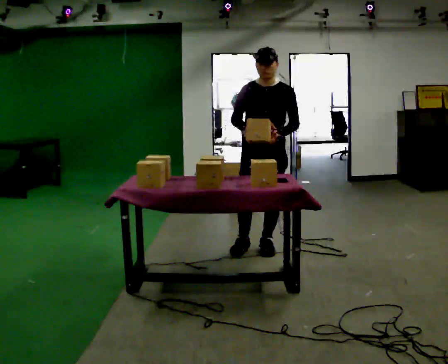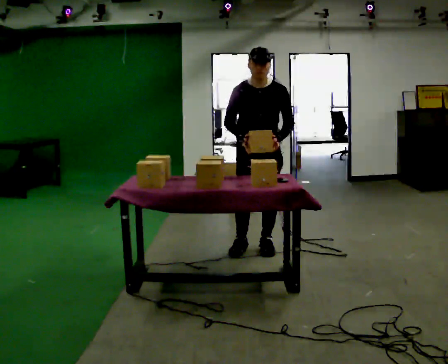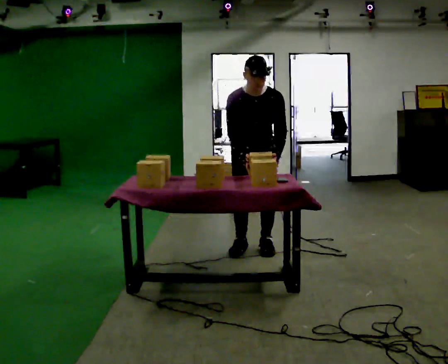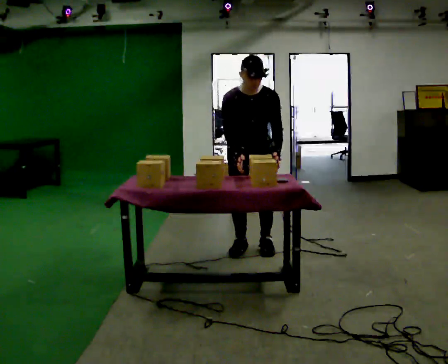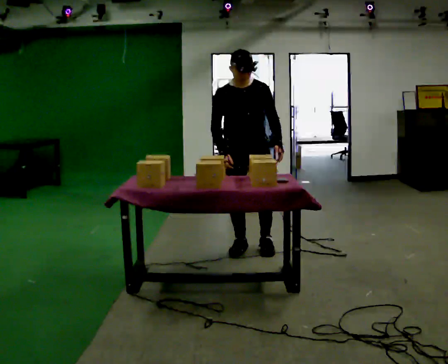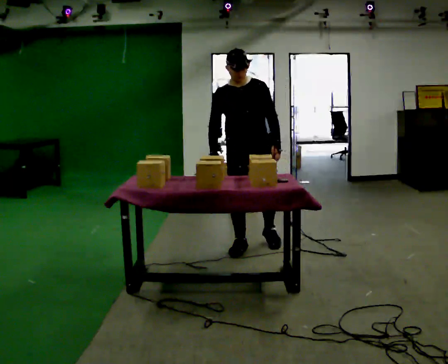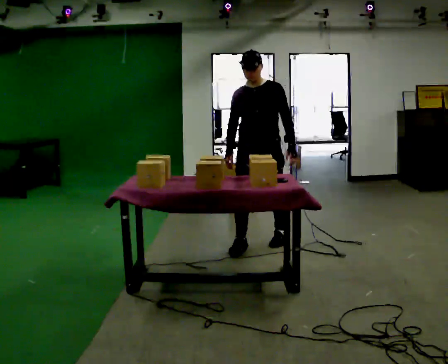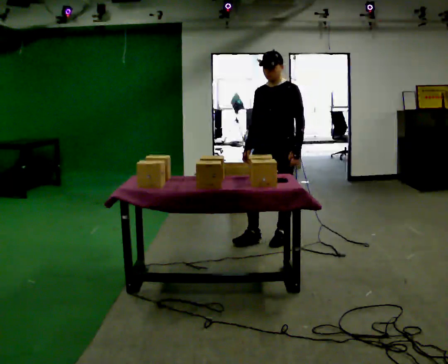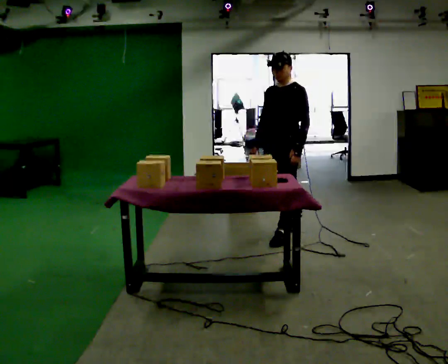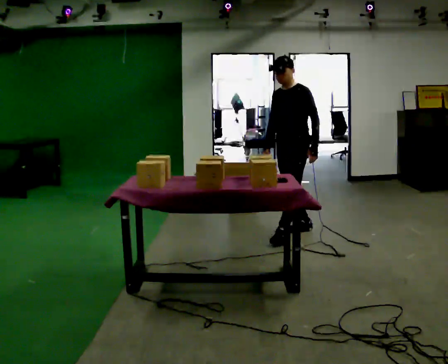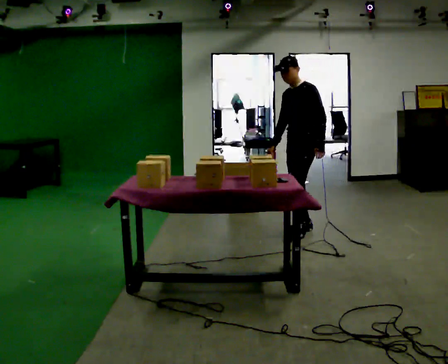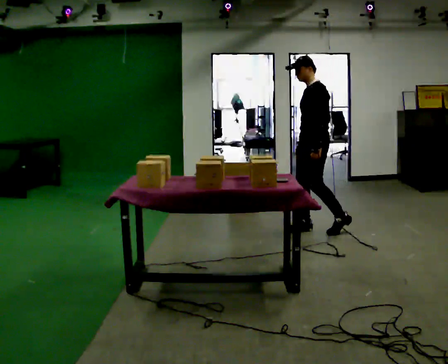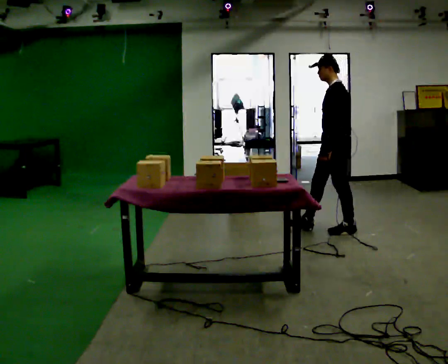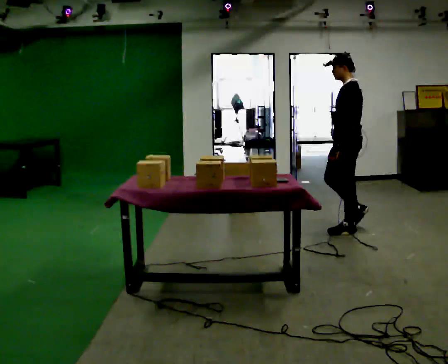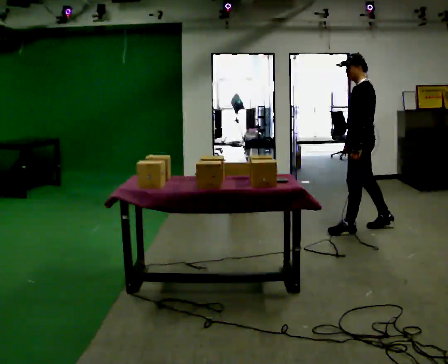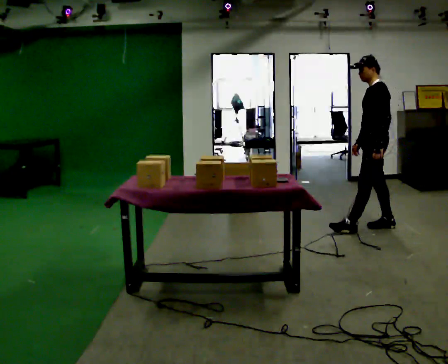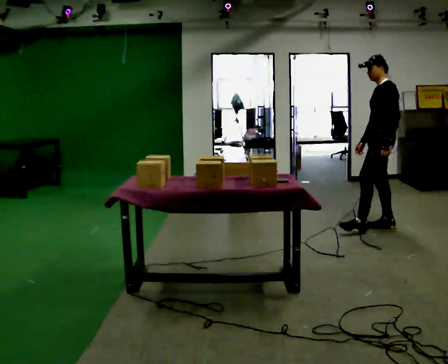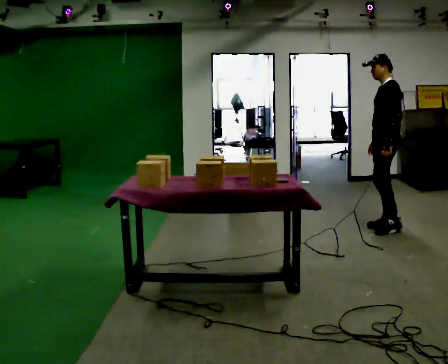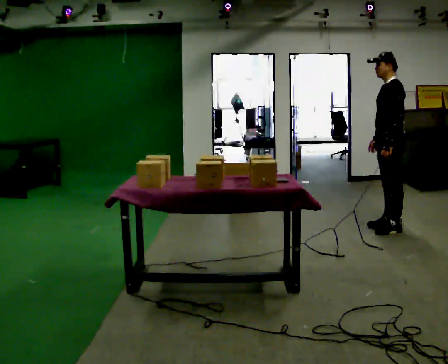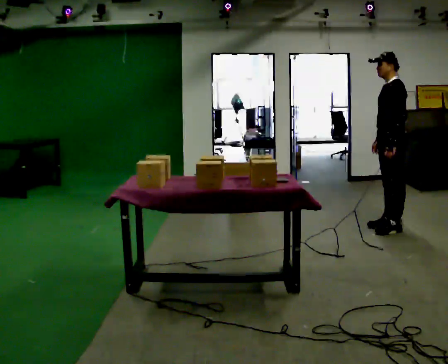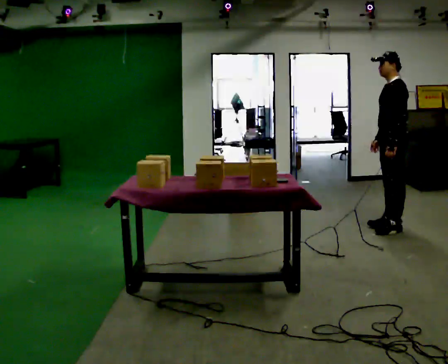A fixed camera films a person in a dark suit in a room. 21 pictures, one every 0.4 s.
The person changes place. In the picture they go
to the right.
The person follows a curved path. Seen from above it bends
clockwise.
0.0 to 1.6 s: In the picture they go to the left, about 0.25 m, which for them is to their right.
1.6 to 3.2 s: The part of the body nearest the lens slides to the left as the person turns to their right by about 60 degrees. In the picture they go away from the camera and to the right, about 0.5 m in 2 steps, which for them is backward and to their left. The upper body tips away from the camera, its near side rolling upward, as they lean back or straighten.
3.2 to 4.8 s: The part of the body nearest the lens slides to the left as the person turns to their right by about 45 degrees. In the picture they go to the right and away from the camera, about 0.5 m in 1 step, which for them is backward.
4.8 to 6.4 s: In the picture they go to the right, about 0.5 m in 2 steps, which for them is backward.
6.4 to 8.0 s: The person moves a little, or ends about where they began.
The film runs backward here.
